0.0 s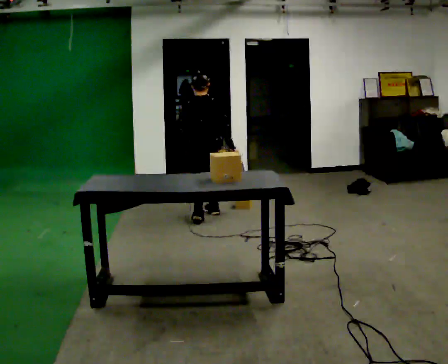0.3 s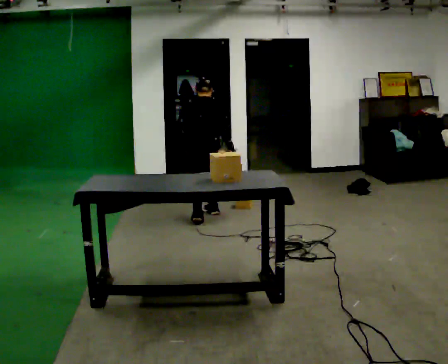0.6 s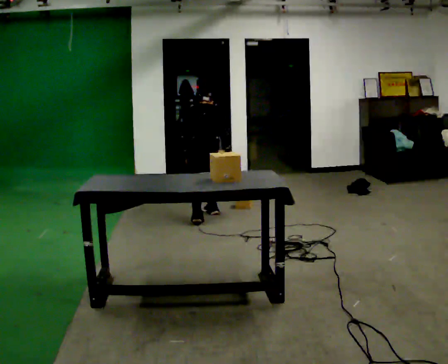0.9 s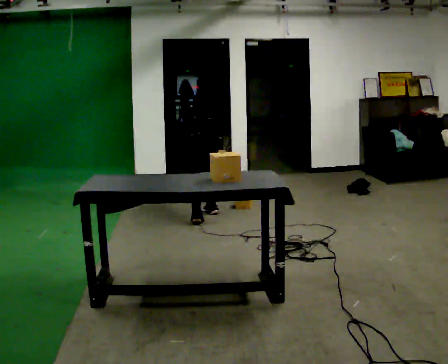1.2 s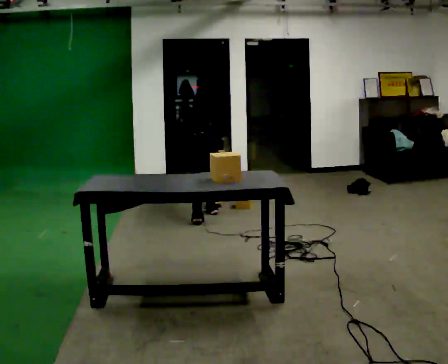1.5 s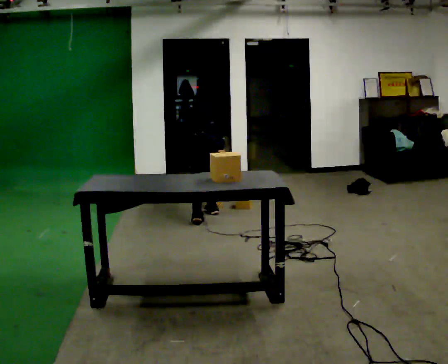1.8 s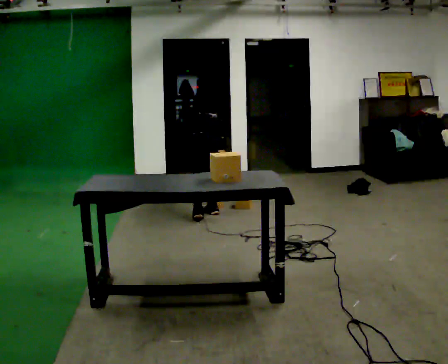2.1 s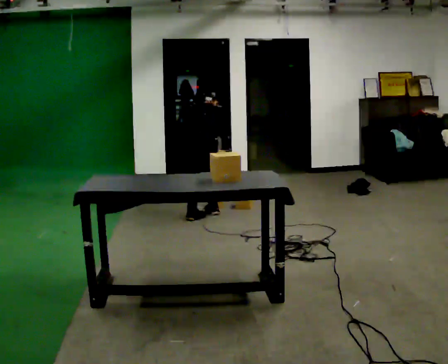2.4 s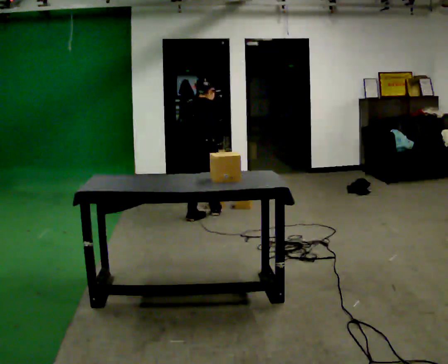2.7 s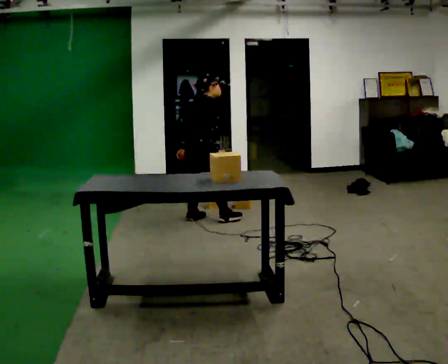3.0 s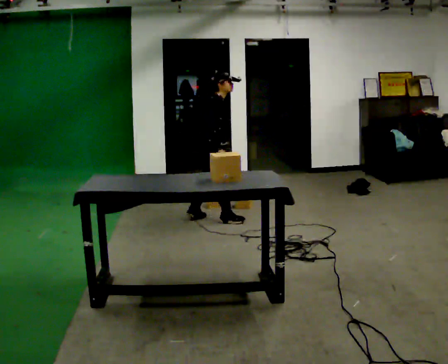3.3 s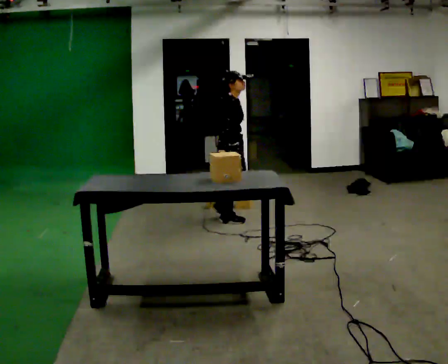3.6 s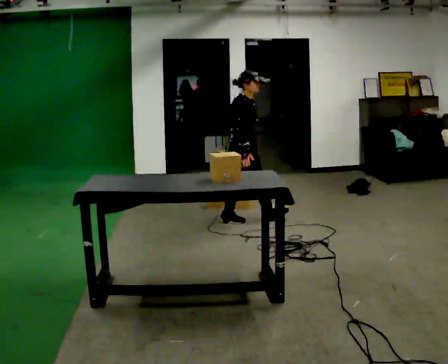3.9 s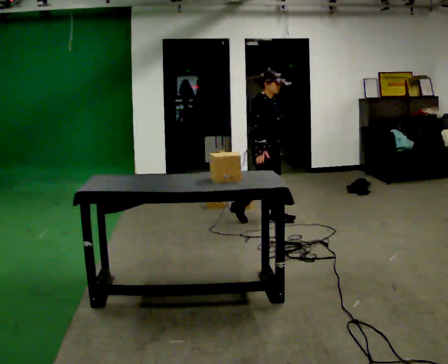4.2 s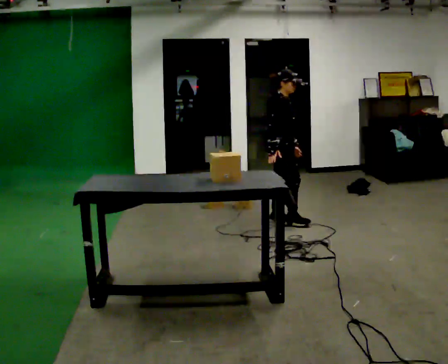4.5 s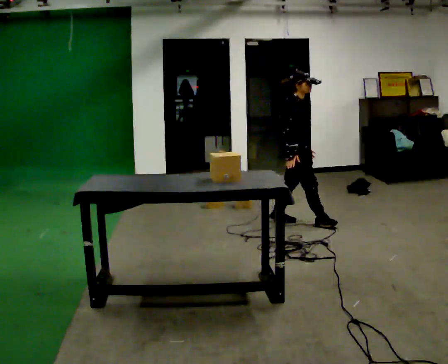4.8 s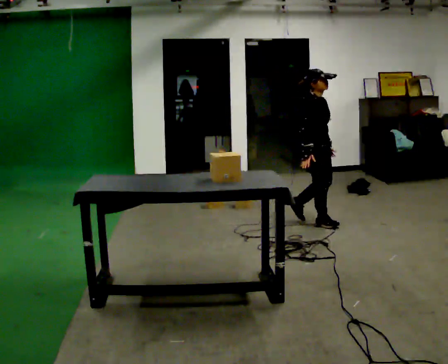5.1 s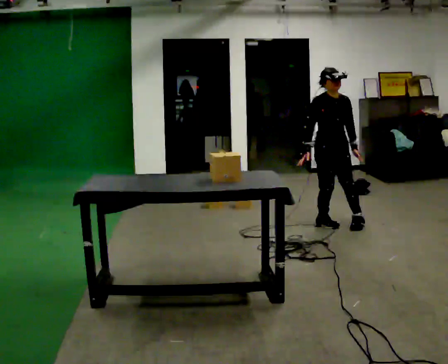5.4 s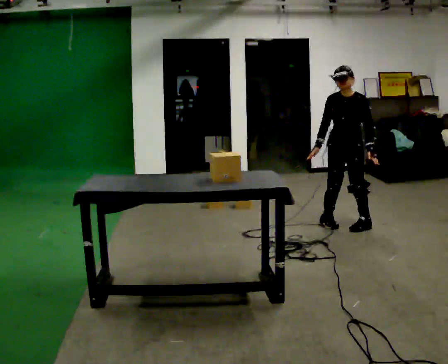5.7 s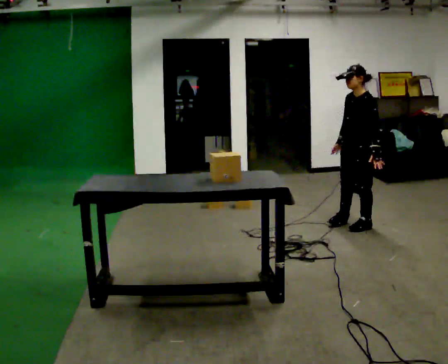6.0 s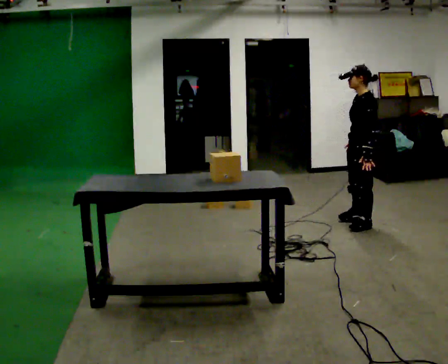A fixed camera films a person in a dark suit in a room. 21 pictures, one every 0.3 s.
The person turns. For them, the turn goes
to their right.
The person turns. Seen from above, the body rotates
clockwise.
0.0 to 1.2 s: The part of the body nearest the lens slides to the right as the person turns to their left by about 30 degrees. The upper body goes downward. The upper body tips away from the camera, its near side rolling upward, as they bend forward. In the picture their right hand goes downward.
1.2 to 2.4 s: The part of the body nearest the lens slides to the left as the person turns to their right by about 45 degrees. The upper body goes upward. The upper body tips toward the camera, its near side rolling downward, as they lean back or straighten. In the picture their right hand goes upward.
2.4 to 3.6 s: The person turns about 90 degrees to their right, clockwise seen from above, so the part of the body nearest the lens slides to the left. In the picture they go to the right, about 0.5 m in 1 step. The upper body tips toward the camera, its near side rolling downward, as they lean back or straighten.
3.6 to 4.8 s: In the picture they go to the right, about 0.75 m in 2 steps, which for them is forward.
4.8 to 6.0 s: Seen from above the body turns clockwise, about 150 degrees: to their right, with its near side sliding to the left. In the picture they go to the right, about 0.5 m in 2 steps.
The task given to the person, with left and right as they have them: Take an object off the waist-height shelf, carry it across the room, and set it down on the floor. Keep going until the operator says stop; one object at a time, and do not rush between trips.
The film runs forward here.
